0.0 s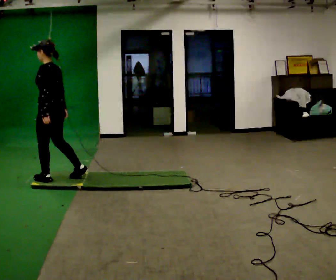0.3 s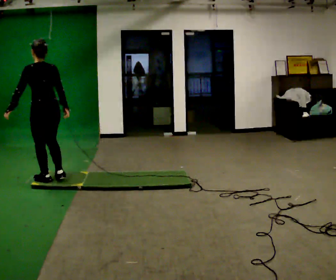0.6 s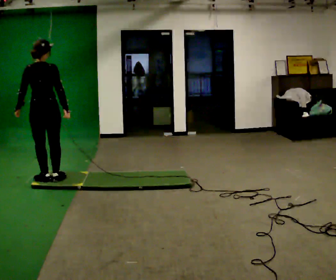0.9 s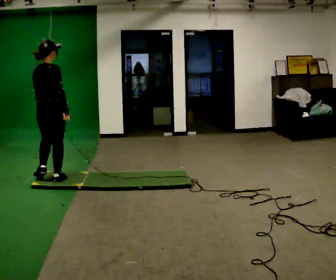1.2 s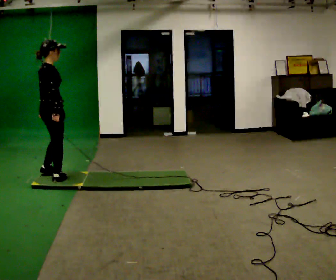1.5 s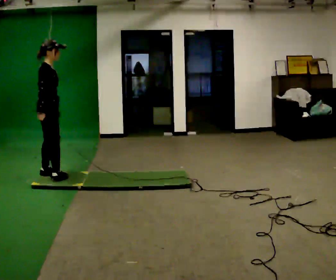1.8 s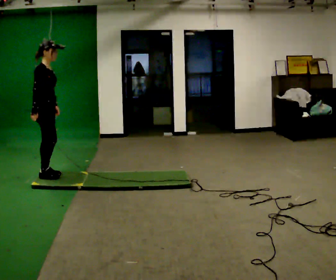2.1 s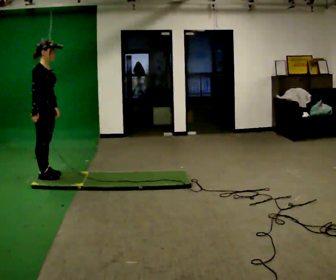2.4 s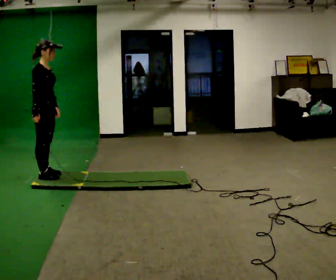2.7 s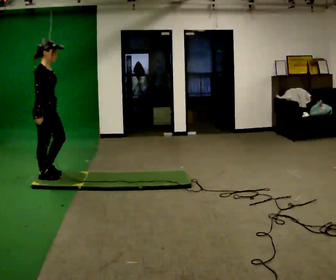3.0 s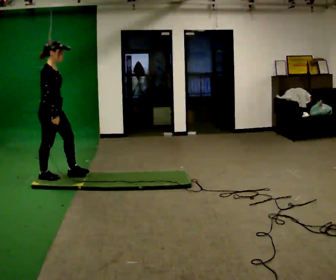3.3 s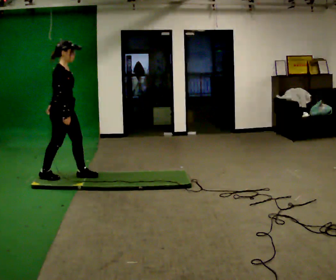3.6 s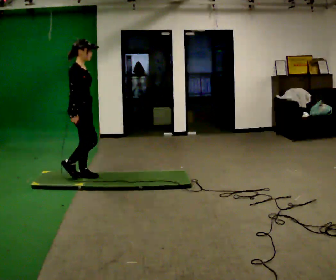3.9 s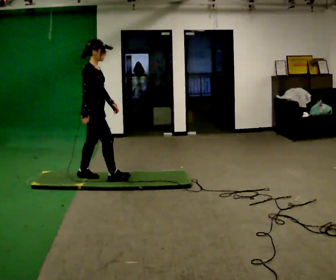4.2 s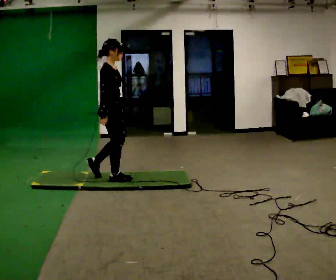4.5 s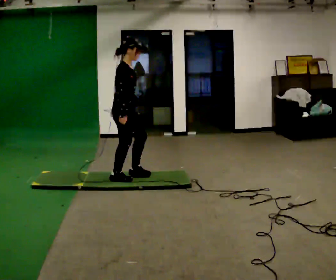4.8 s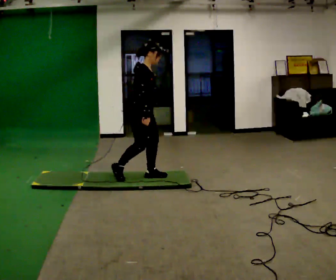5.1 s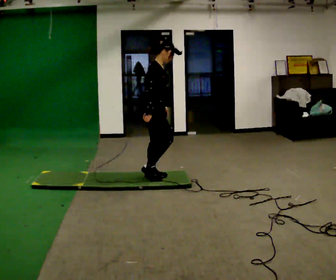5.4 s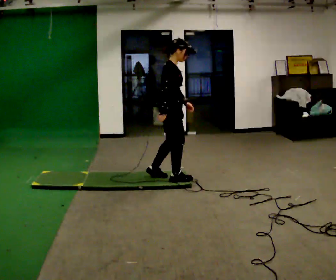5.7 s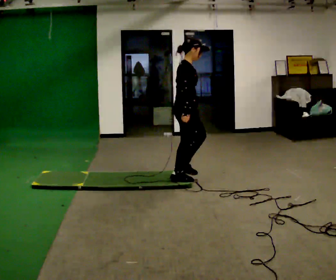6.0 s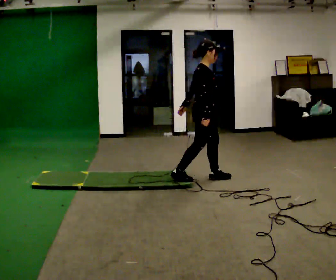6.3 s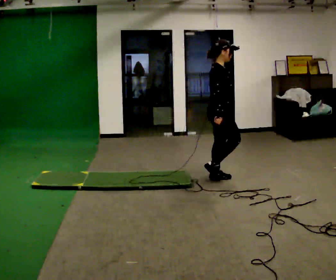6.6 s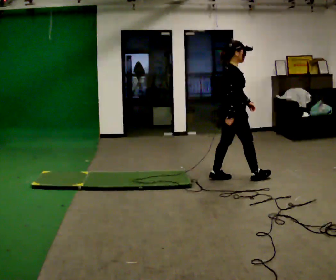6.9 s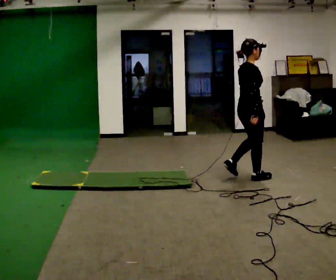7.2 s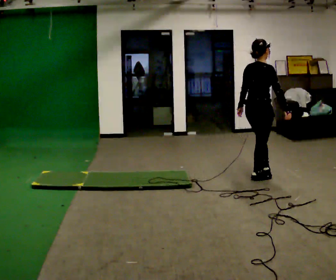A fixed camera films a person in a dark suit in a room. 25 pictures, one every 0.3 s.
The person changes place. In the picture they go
to the right.
0.0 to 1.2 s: The person turns about 135 degrees to their right, clockwise seen from above, so the part of the body nearest the lens slides to the left.
1.2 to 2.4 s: Seen from above the body turns clockwise, about 30 degrees: to their right, with its near side sliding to the left.
2.4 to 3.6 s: In the picture they go to the right, about 0.5 m in 1 step, which for them is forward.
3.6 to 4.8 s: In the picture they go to the right, about 0.75 m in 2 steps, which for them is forward.
4.8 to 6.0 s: In the picture they go to the right, about 0.5 m in 2 steps, which for them is forward.
6.0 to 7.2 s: Seen from above the body turns counterclockwise, about 30 degrees: to their left, with its near side sliding to the right. In the picture they go to the right, about 0.5 m in 2 steps, which for them is forward.
The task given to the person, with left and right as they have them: Walk across the floor at a normal pace. It may be more slippery in places. Recover however comes naturally.
The film runs forward here.
